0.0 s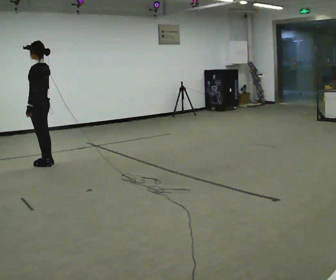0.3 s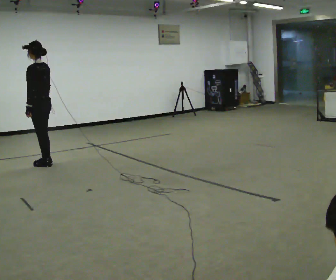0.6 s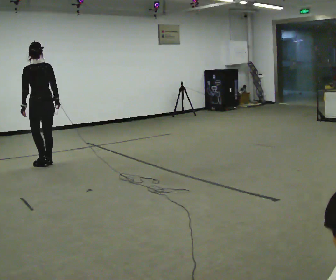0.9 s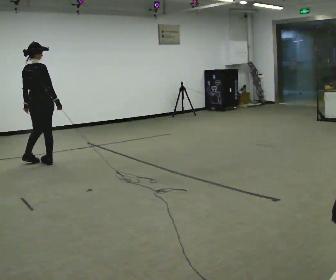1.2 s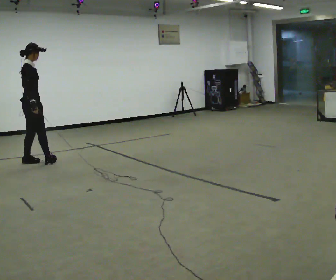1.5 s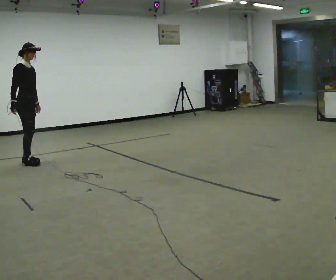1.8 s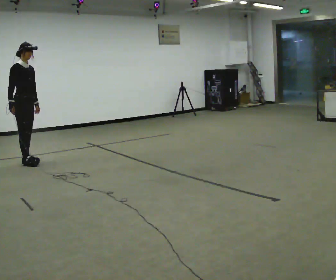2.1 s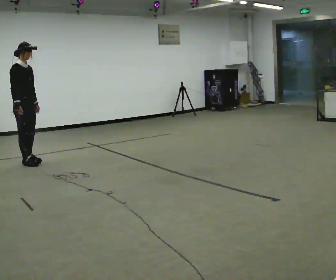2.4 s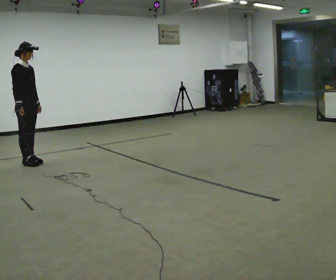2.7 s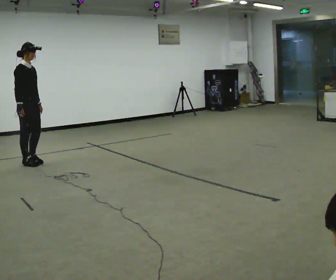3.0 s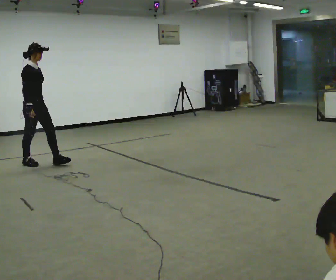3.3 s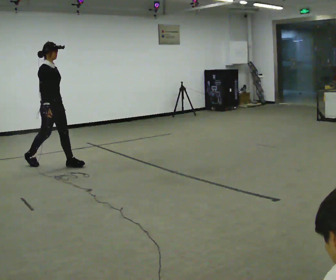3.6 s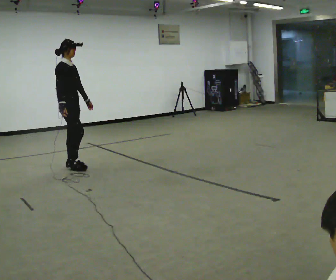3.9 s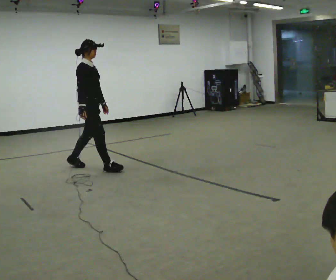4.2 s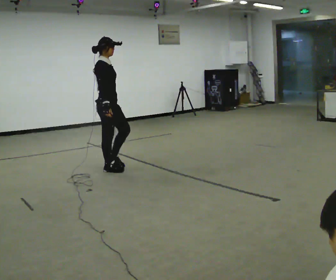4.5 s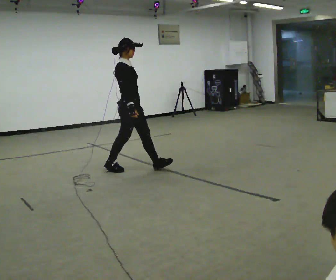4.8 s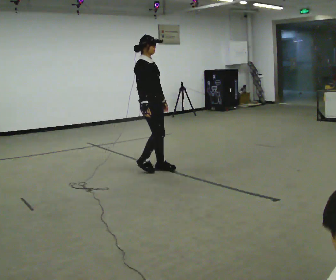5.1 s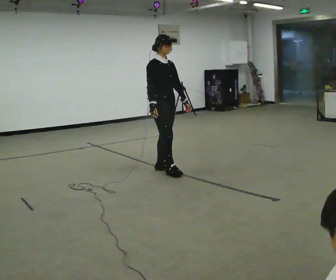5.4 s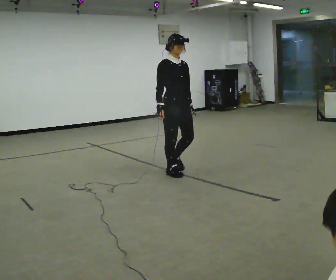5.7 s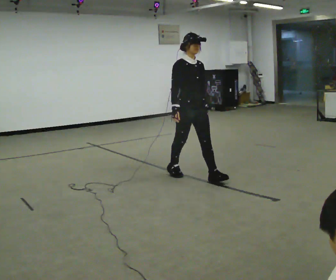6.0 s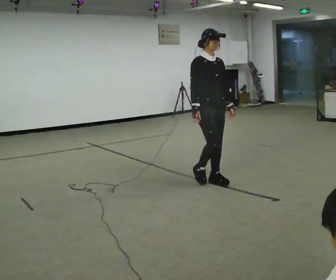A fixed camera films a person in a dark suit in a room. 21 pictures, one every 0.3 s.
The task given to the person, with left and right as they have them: Walk straight; at marker turn ~45° while continuing to walk; continue straight.
0.0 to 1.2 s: The part of the body nearest the lens slides to the left as the person turns to their right by about 150 degrees. In the picture they go to the left and away from the camera, about 0.25 m in 1 step.
1.2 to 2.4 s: The person turns about 30 degrees to their right, clockwise seen from above, so the part of the body nearest the lens slides to the left.
2.4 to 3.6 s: In the picture they go to the right and toward the camera, about 0.75 m in 1 step, which for them is forward.
3.6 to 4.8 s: In the picture they go to the right and toward the camera, about 1 m in 2 steps, which for them is forward.
4.8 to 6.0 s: The person turns about 30 degrees to their right, clockwise seen from above, so the part of the body nearest the lens slides to the left. In the picture they go toward the camera and to the right, about 1 m in 2 steps, which for them is forward.
The film runs forward here.
